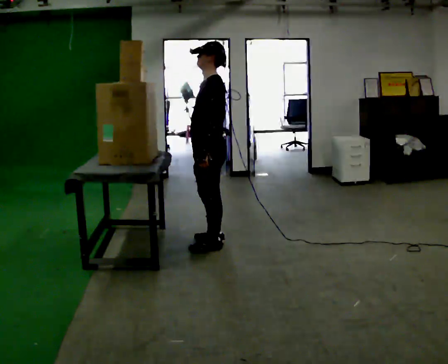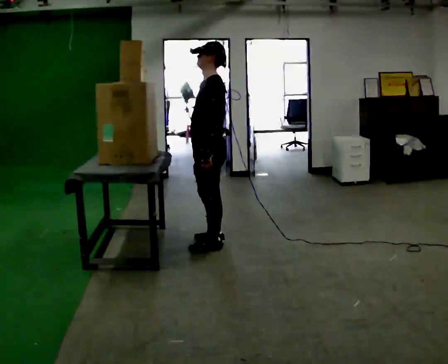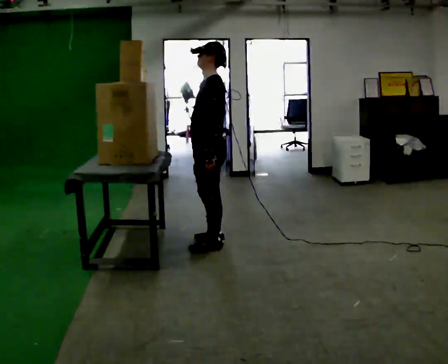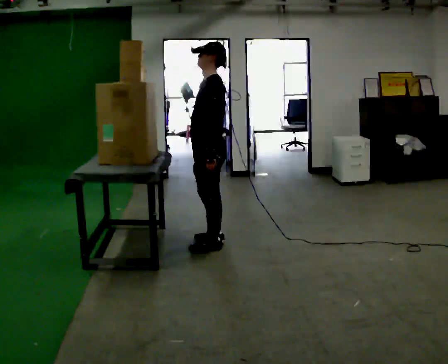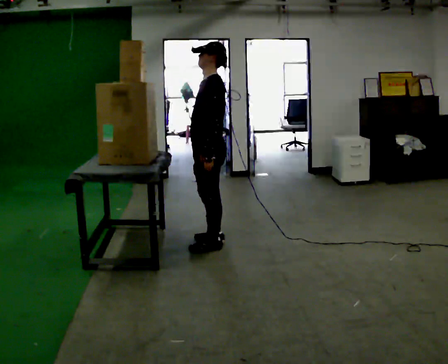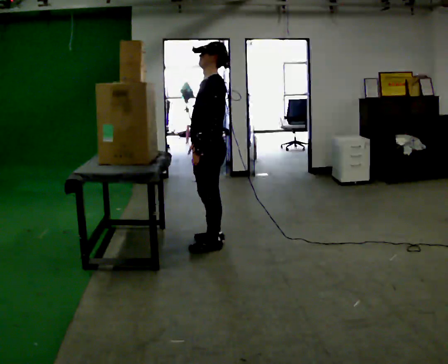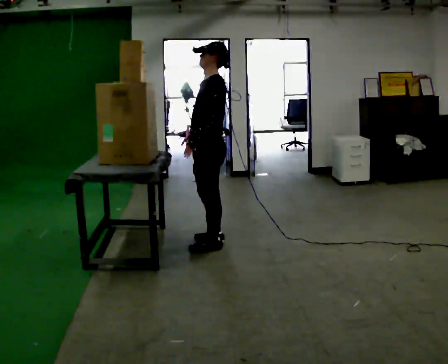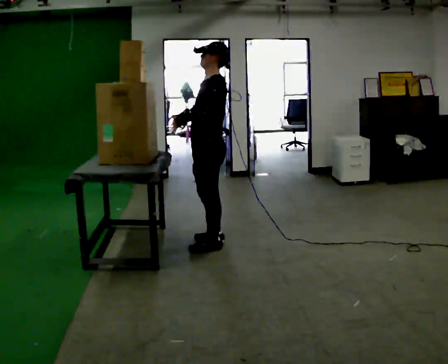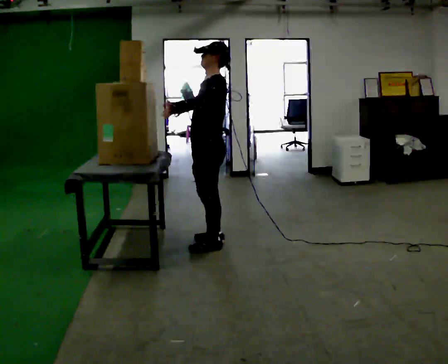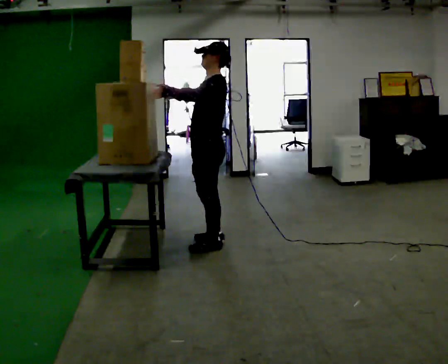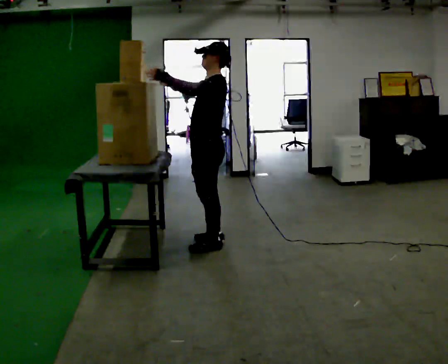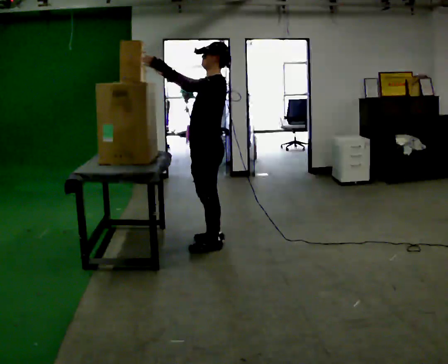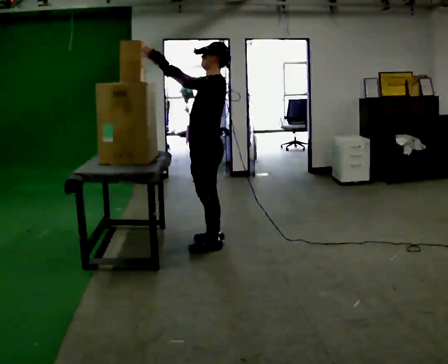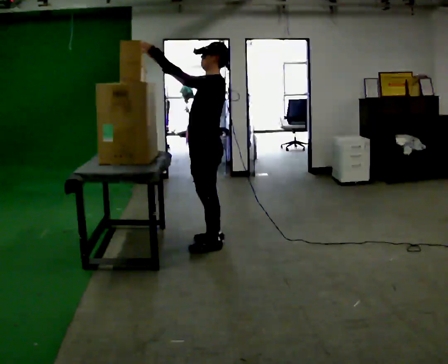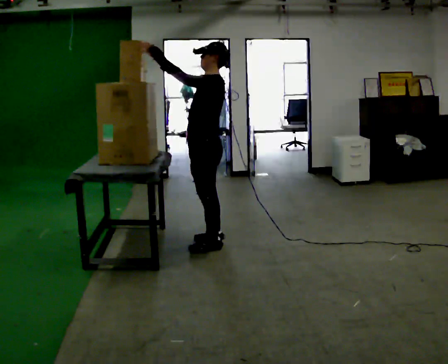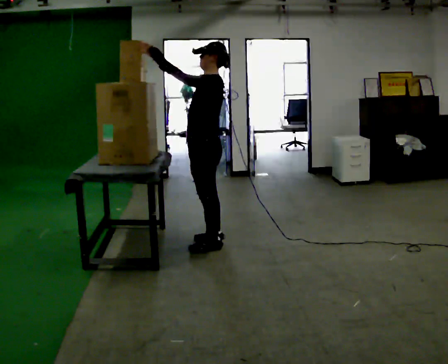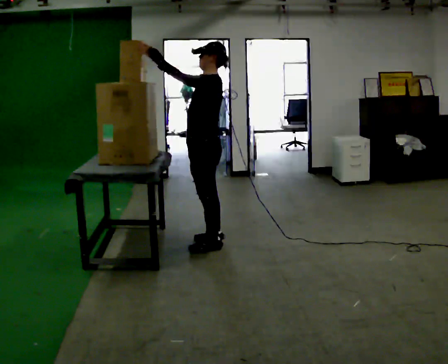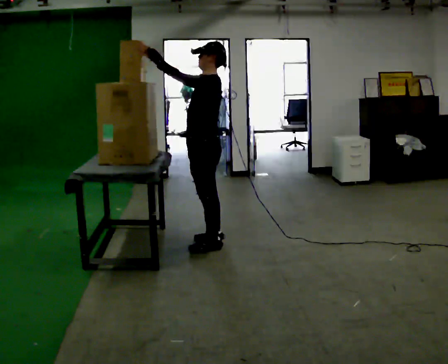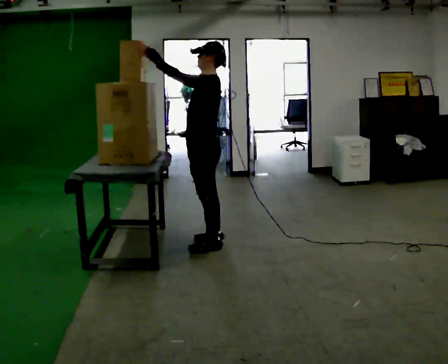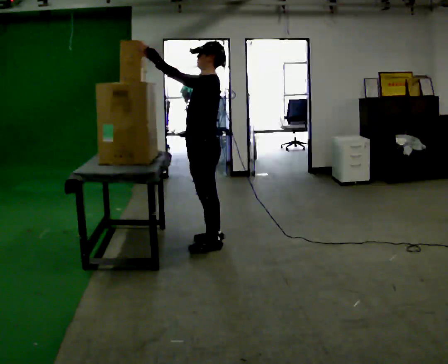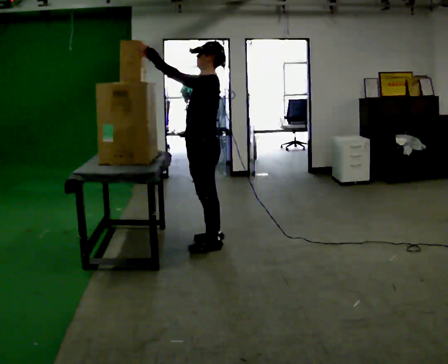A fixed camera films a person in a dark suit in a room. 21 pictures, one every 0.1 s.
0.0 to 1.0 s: In the picture their right hand goes upward, the arm swinging clockwise.
1.0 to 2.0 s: The person moves a little, or ends about where they began.
The film runs backward here.
